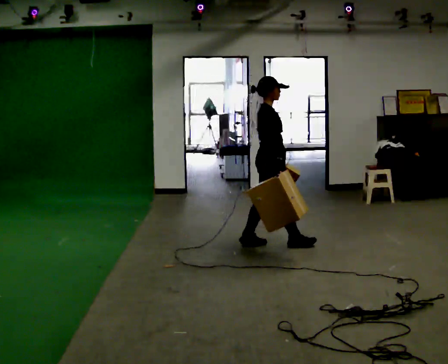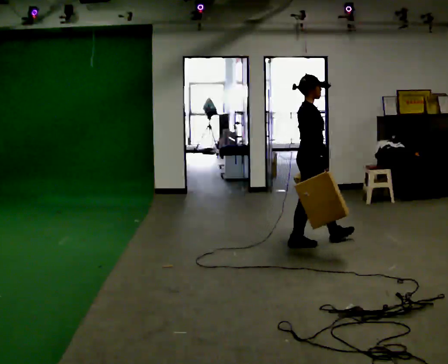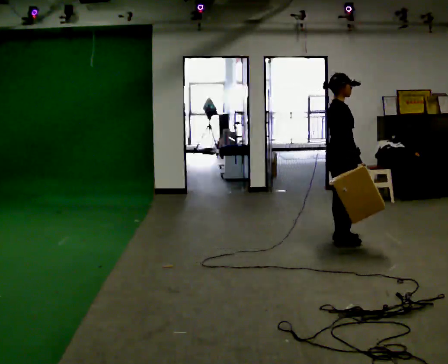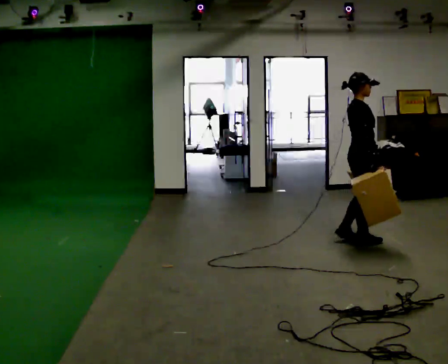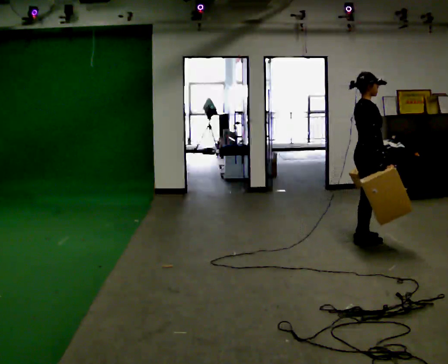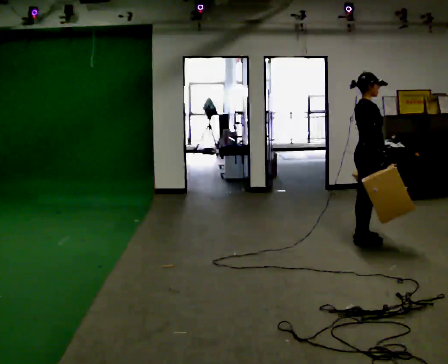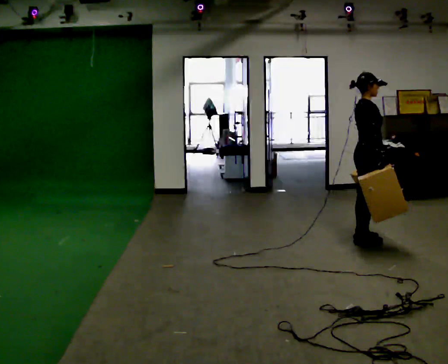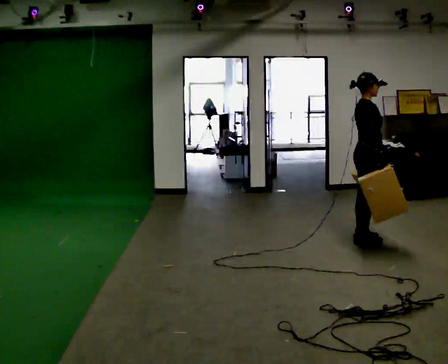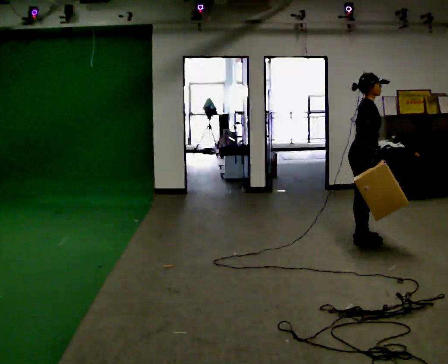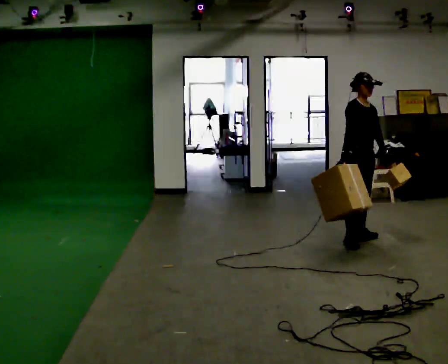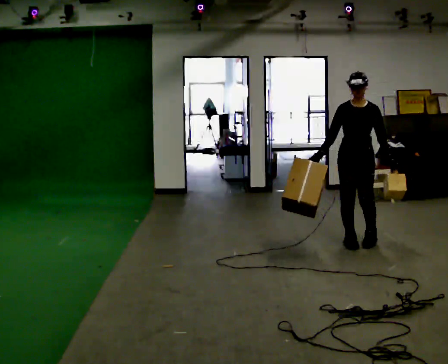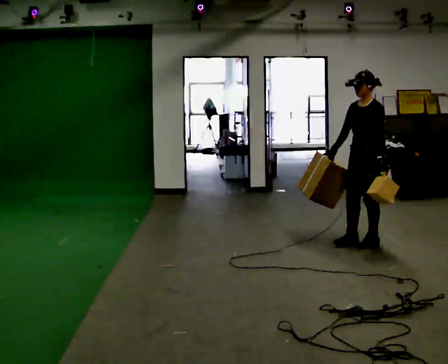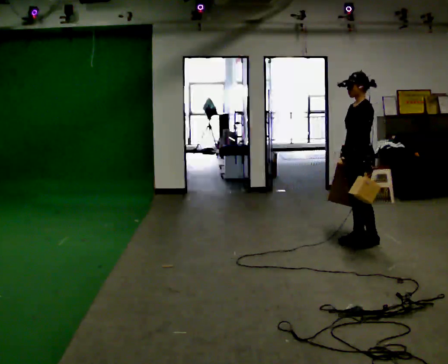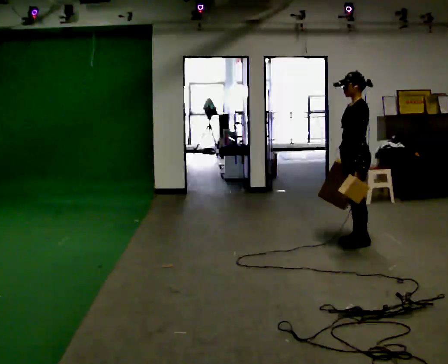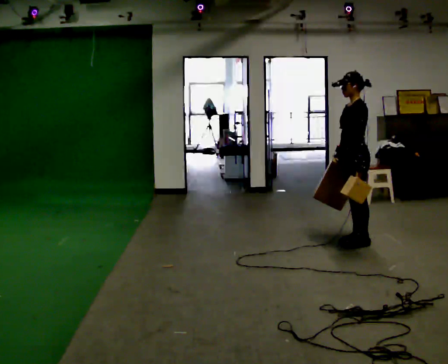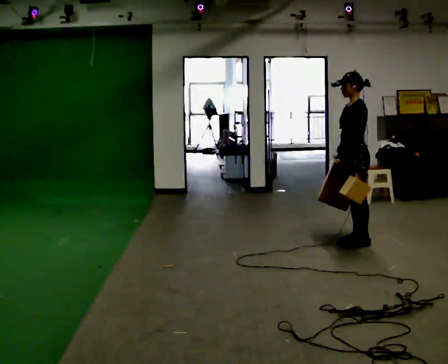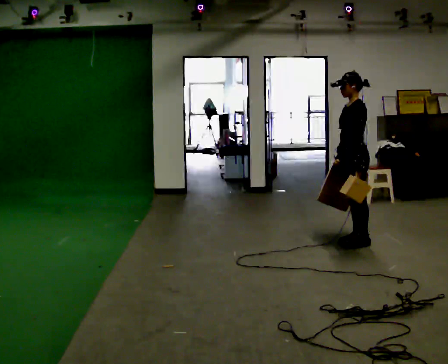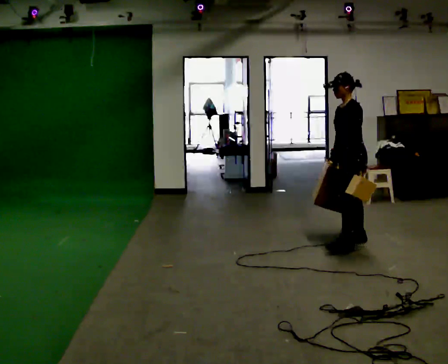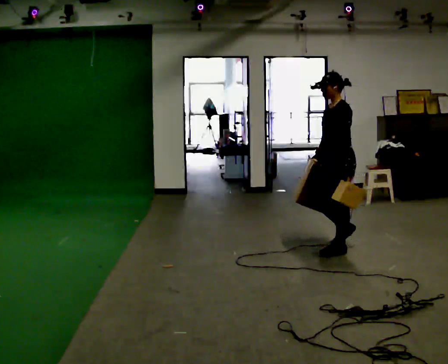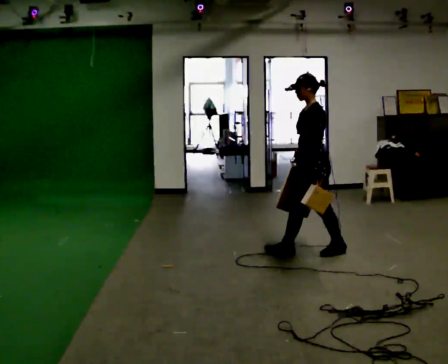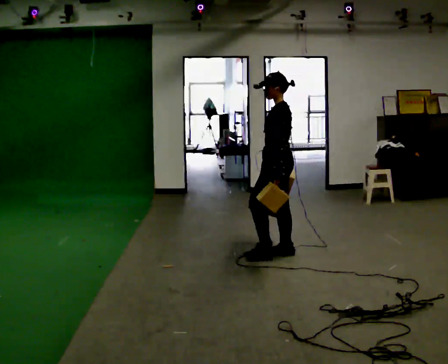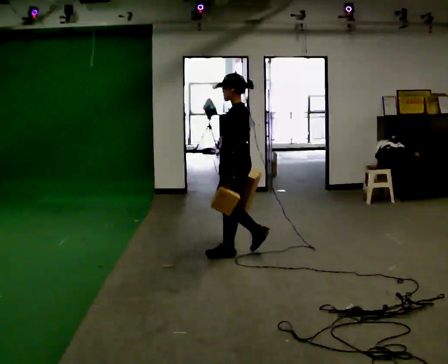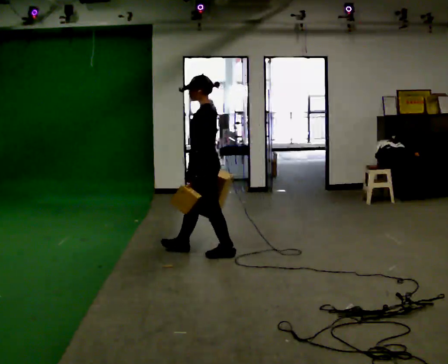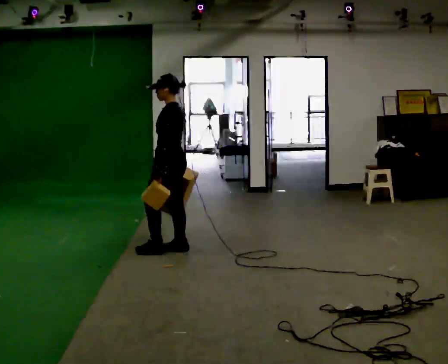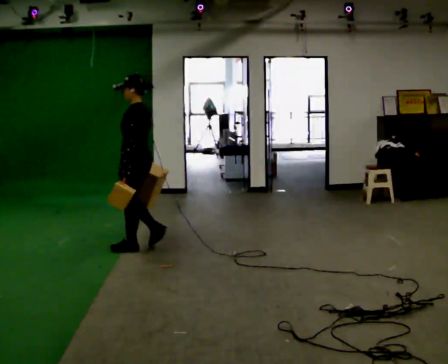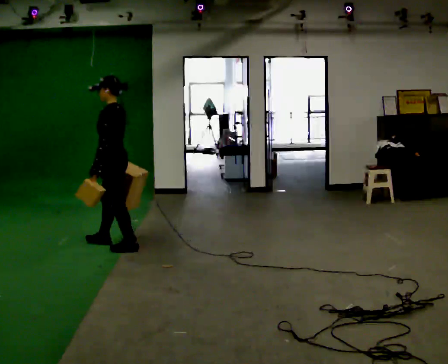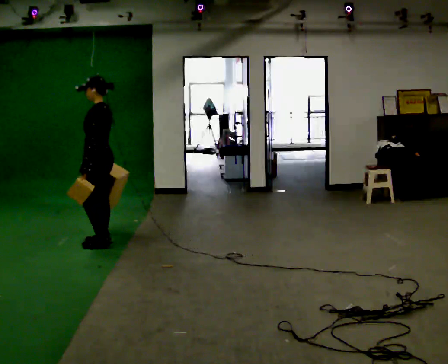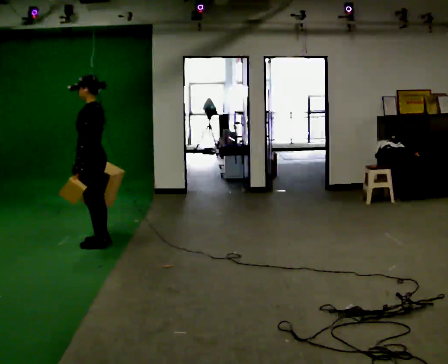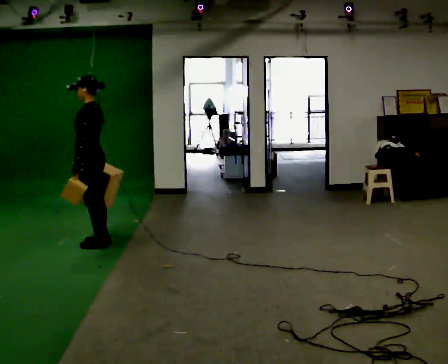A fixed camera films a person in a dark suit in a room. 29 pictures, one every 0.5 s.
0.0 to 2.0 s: In the picture they go to the right, about 1 m in 4 steps, which for them is forward.
2.0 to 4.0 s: The person moves a little, or ends about where they began.
4.0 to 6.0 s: Seen from above the body turns clockwise, about 165 degrees: to their right, with its near side sliding to the left.
6.0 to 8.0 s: The person moves a little, or ends about where they began.
8.0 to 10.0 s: In the picture they go to the left and toward the camera, about 0.5 m in 2 steps, which for them is forward.
10.0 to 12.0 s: In the picture they go to the left, about 1 m in 3 steps, which for them is forward.
12.0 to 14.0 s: In the picture they go to the left, about 0.5 m in 2 steps, which for them is forward.
The film runs forward here.
